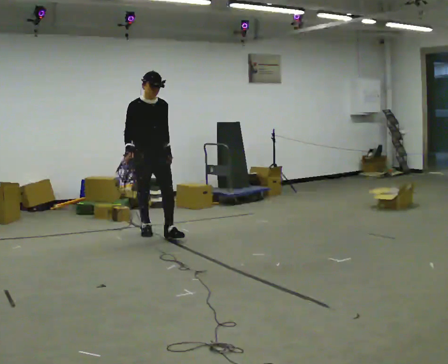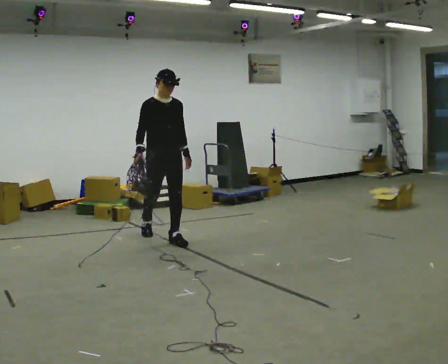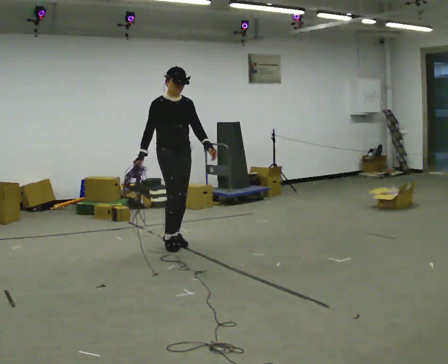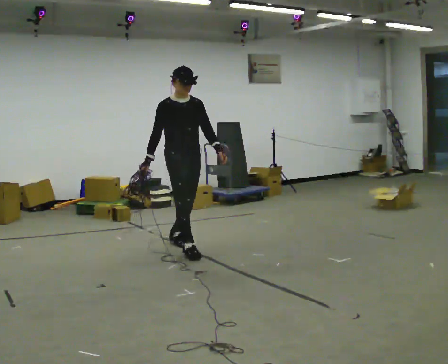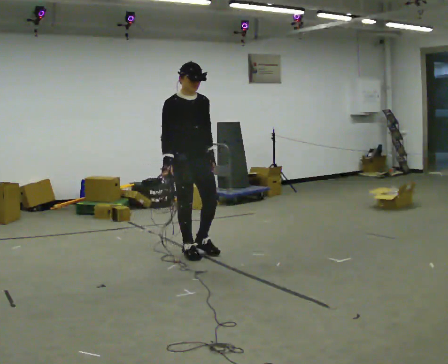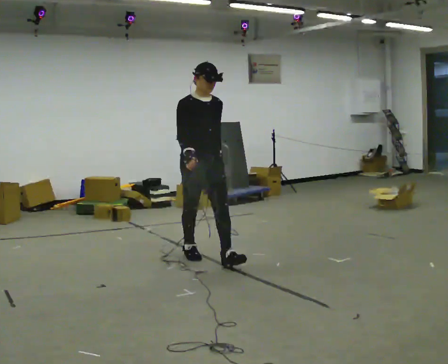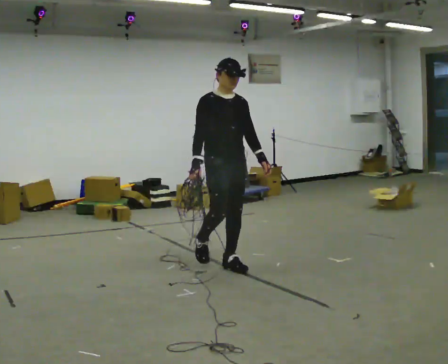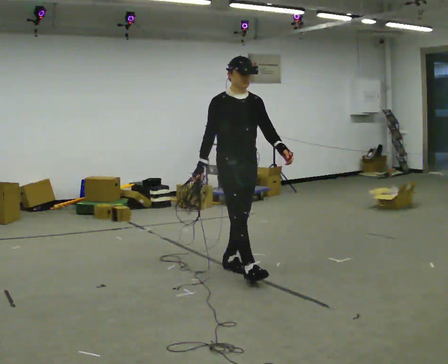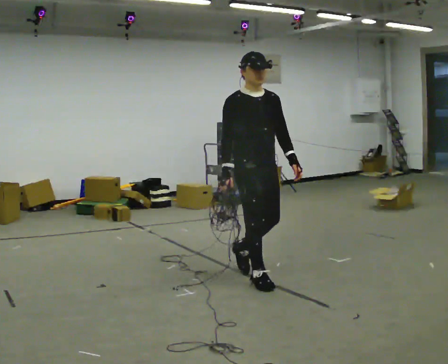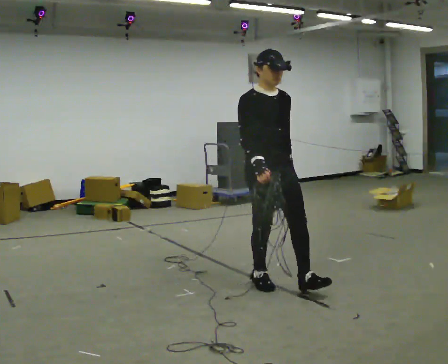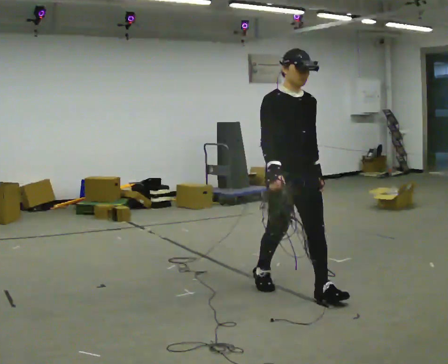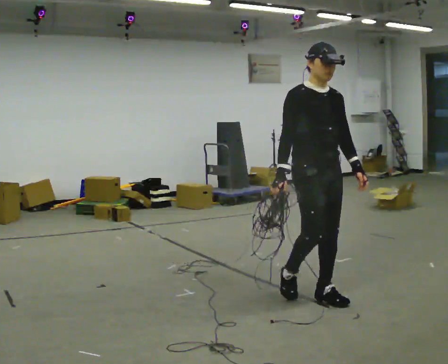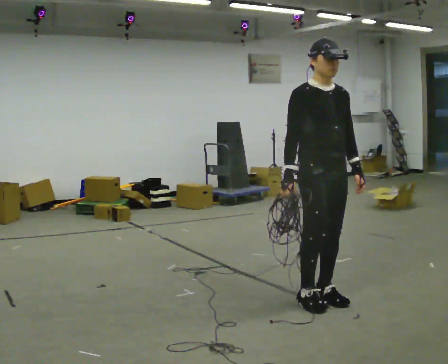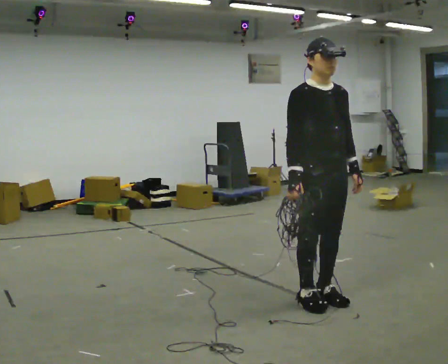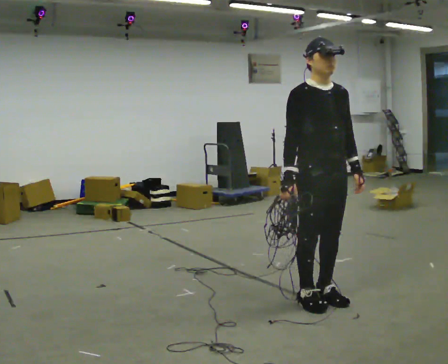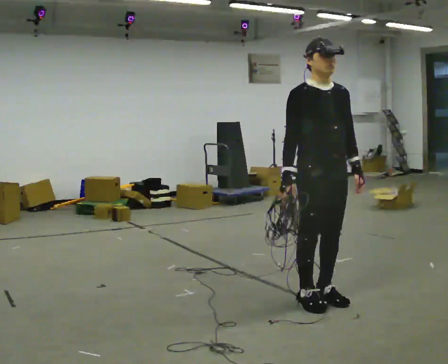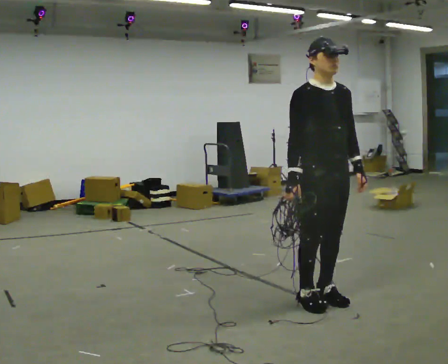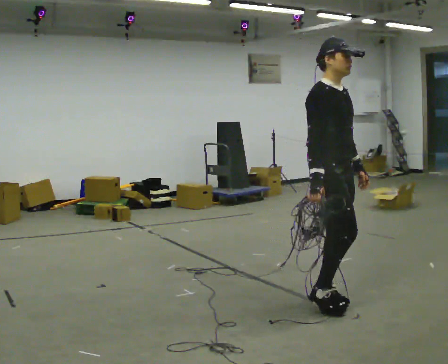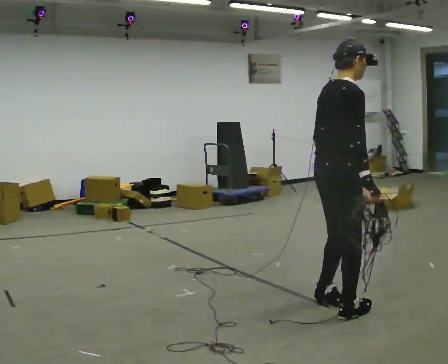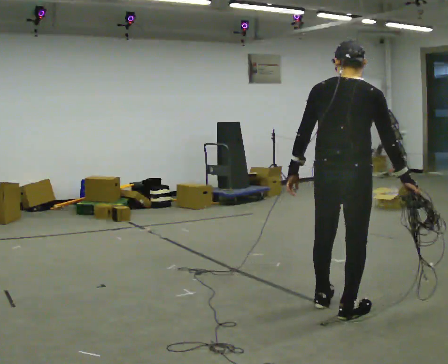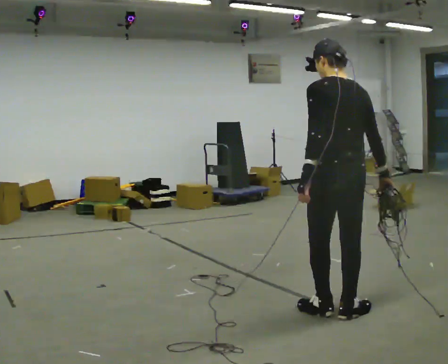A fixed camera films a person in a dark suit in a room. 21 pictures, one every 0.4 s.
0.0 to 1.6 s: In the picture they go toward the camera and to the right, about 1 m in 2 steps, which for them is forward.
1.6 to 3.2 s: In the picture they go to the right and toward the camera, about 1 m in 2 steps, which for them is forward.
3.2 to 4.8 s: In the picture they go to the right and toward the camera, about 0.75 m in 2 steps, which for them is forward.
4.8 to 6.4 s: The person moves a little, or ends about where they began.
6.4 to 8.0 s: The person turns about 165 degrees to their left, counterclockwise seen from above, so the part of the body nearest the lens slides to the right. In the picture they go toward the camera, about 0.25 m in 2 steps.
The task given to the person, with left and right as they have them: Pick up the coiled hose, carry it across the room, and set it down. It will move around as you walk. Keep going until the operator says stop; one object at a time, and do not rush between trips.
The film runs forward here.
